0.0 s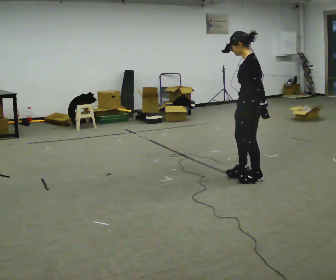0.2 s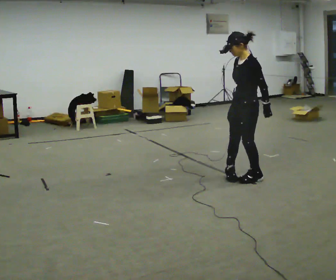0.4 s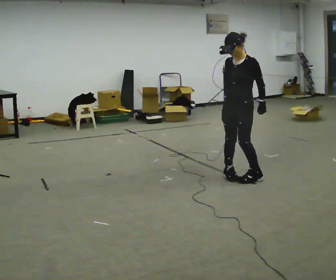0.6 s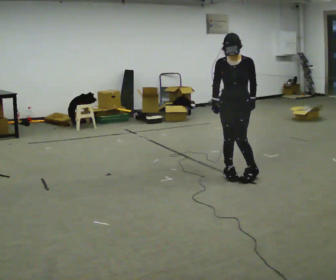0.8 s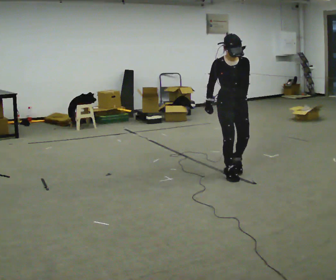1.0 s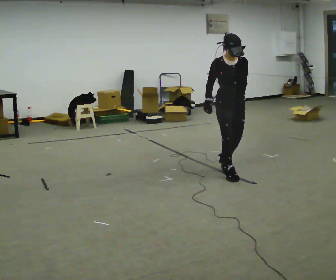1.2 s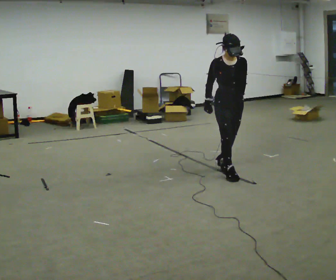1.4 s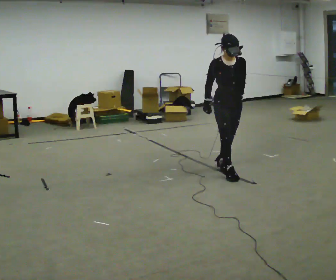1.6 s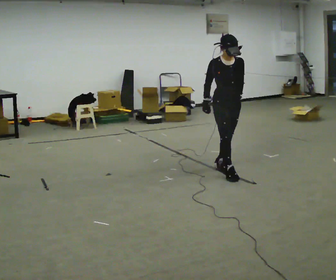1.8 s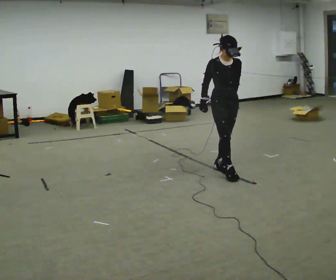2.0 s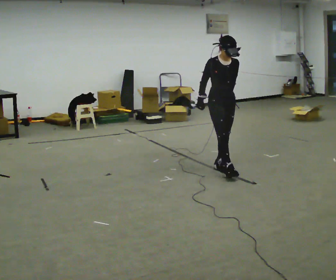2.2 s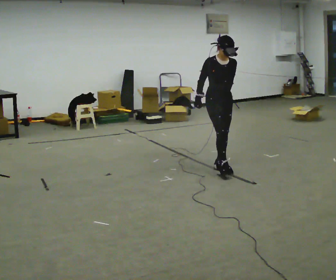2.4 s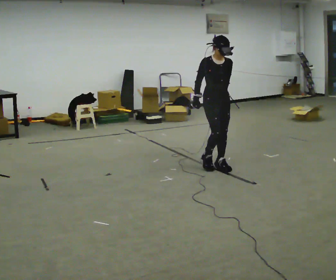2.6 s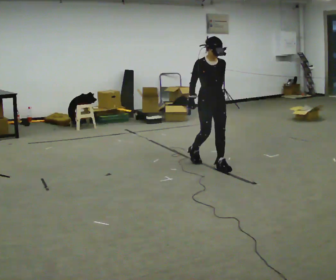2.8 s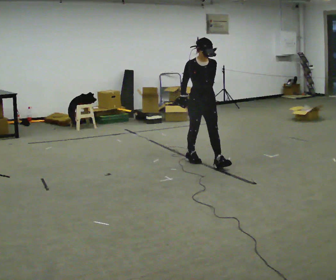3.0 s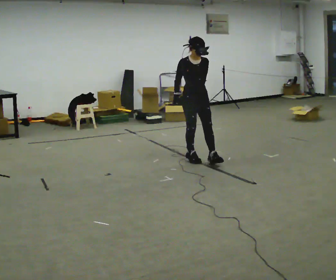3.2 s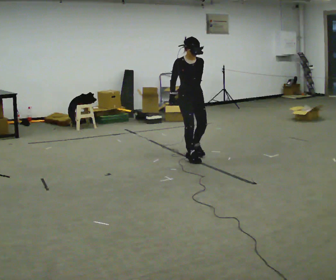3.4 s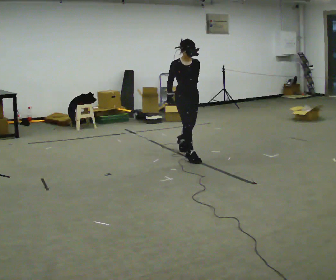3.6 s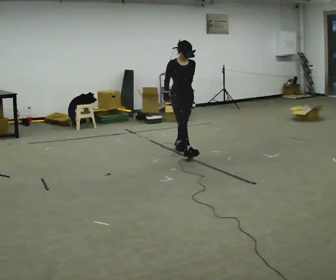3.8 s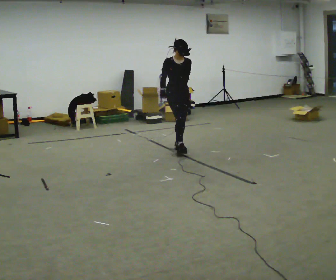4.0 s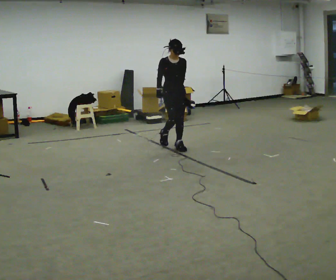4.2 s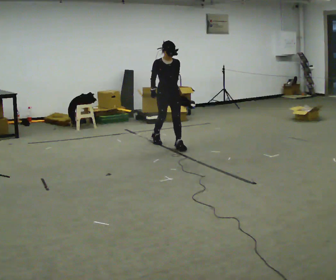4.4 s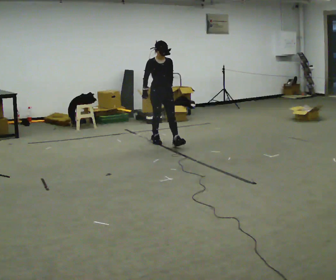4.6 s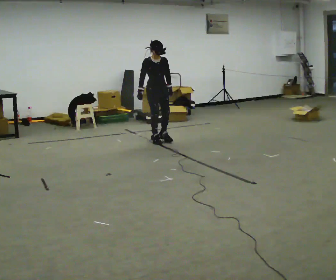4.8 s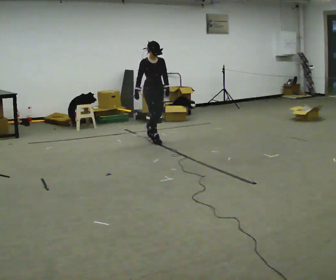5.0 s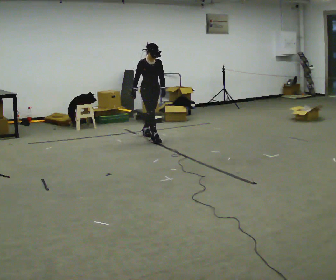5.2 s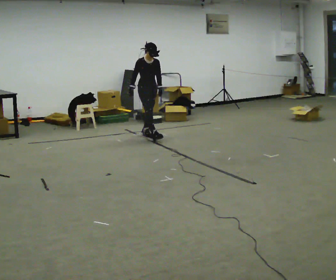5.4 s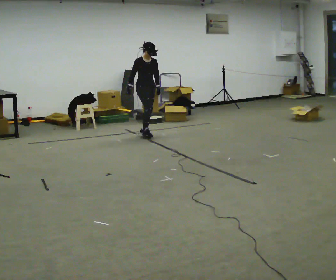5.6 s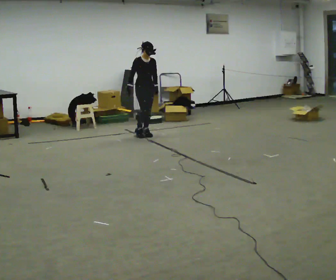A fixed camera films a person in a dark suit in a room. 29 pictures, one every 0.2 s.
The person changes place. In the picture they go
away from the camera.
The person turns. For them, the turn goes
to their left.
0.0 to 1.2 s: The person turns about 120 degrees to their left, counterclockwise seen from above, so the part of the body nearest the lens slides to the right. In the picture they go to the left and away from the camera, about 0.25 m in 1 step.
1.2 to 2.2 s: In the picture they go away from the camera, about 0.25 m in 1 step, which for them is backward.
2.2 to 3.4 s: In the picture they go away from the camera and to the left, about 0.75 m in 1 step, which for them is backward.
3.4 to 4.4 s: In the picture they go away from the camera and to the left, about 1 m in 2 steps, which for them is backward.
4.4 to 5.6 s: In the picture they go away from the camera and to the left, about 0.75 m in 1 step, which for them is backward.
The film runs backward here.
